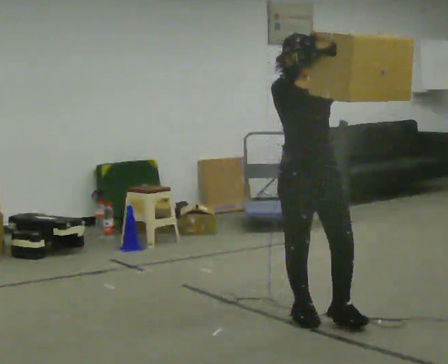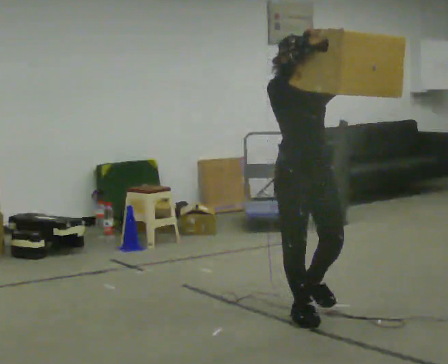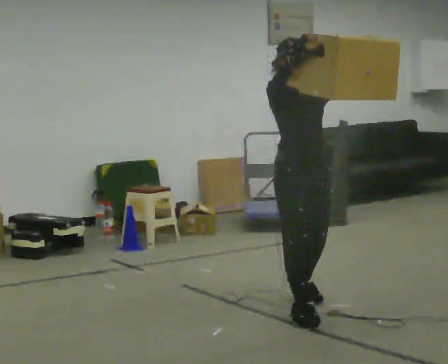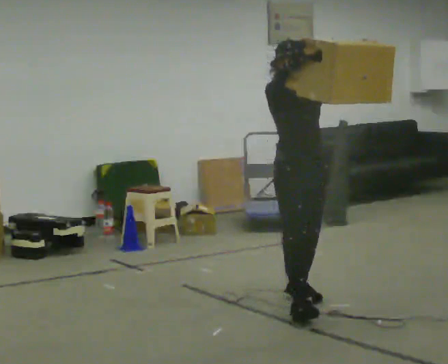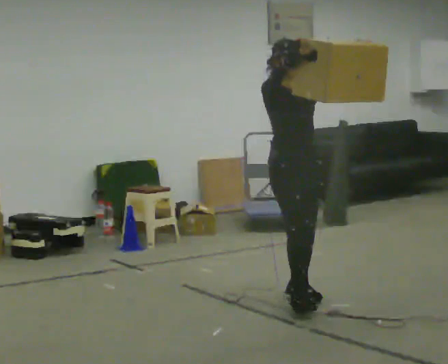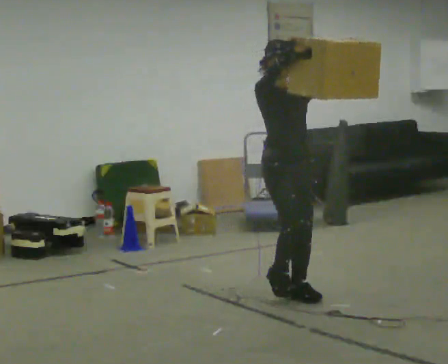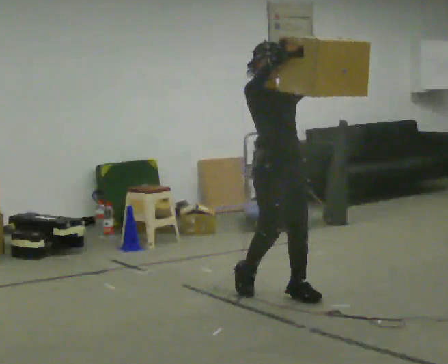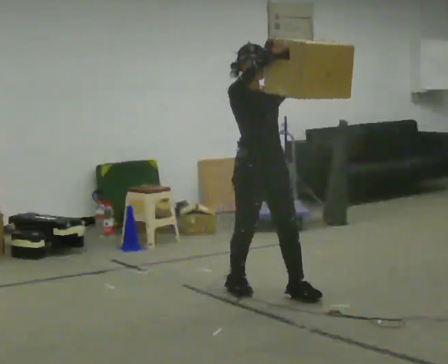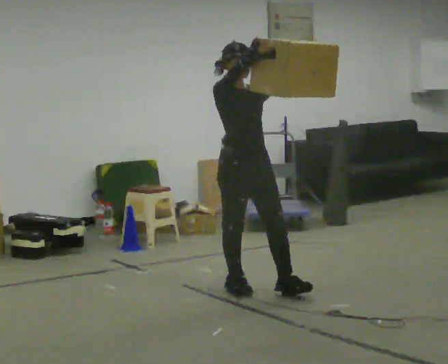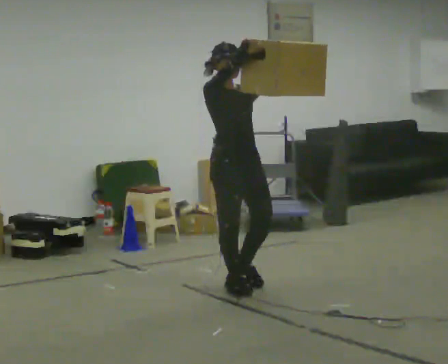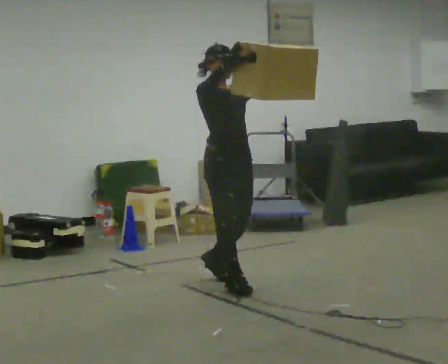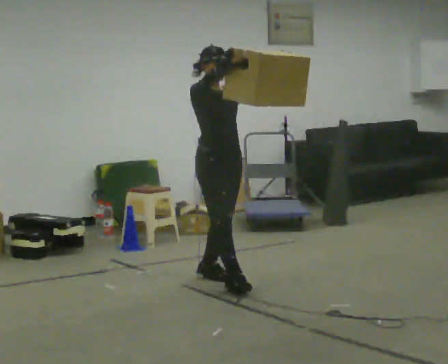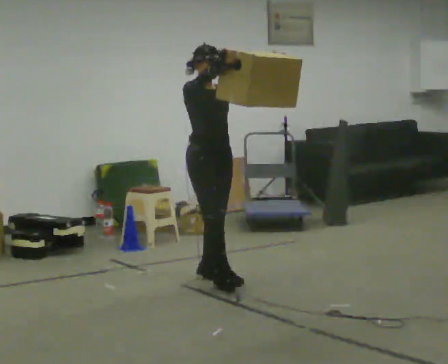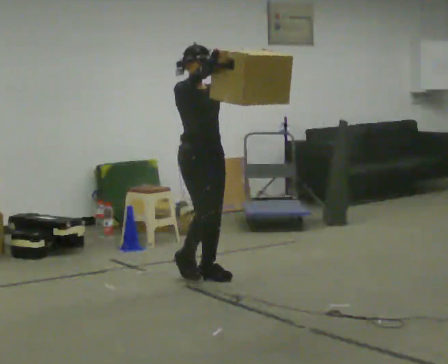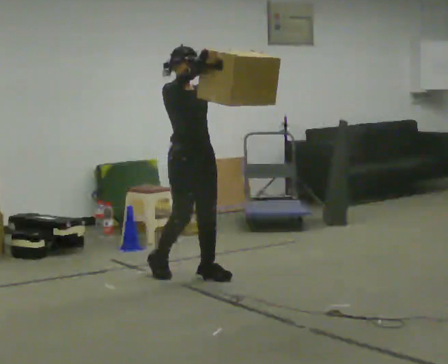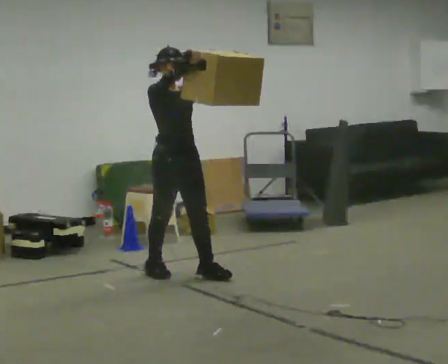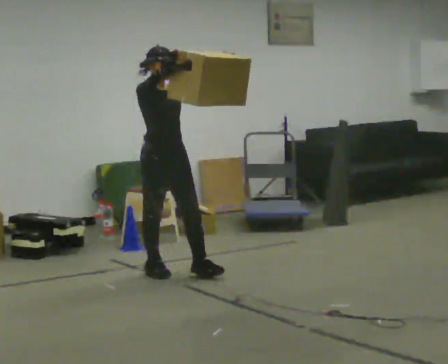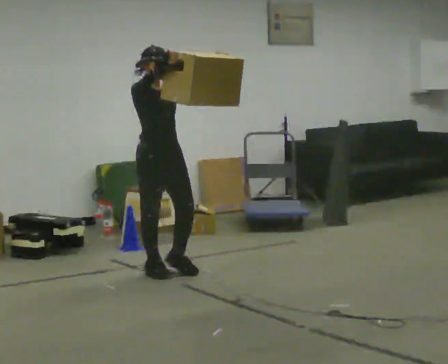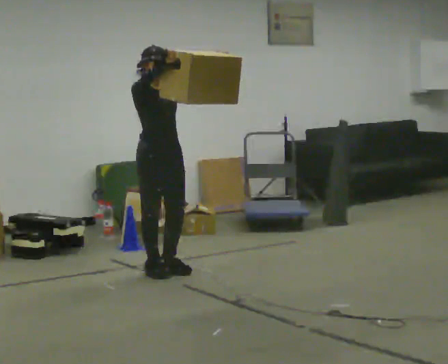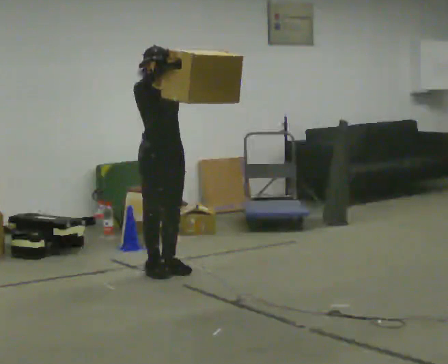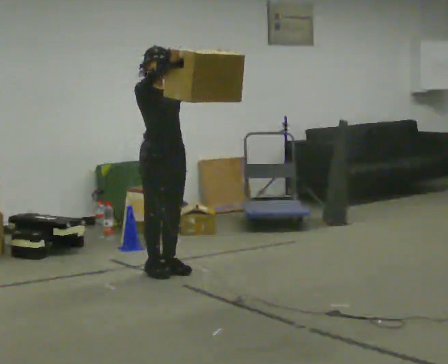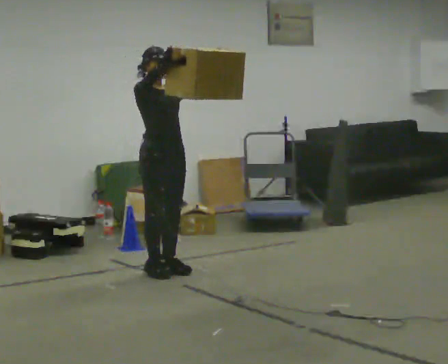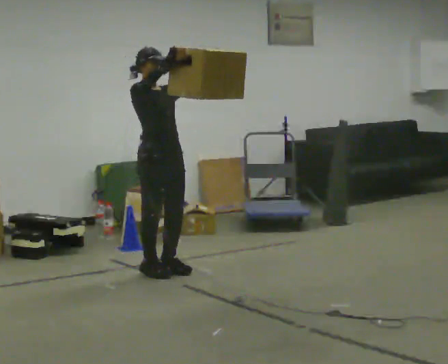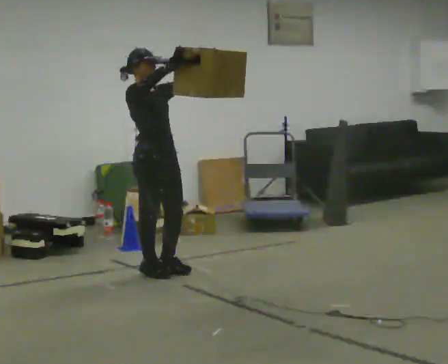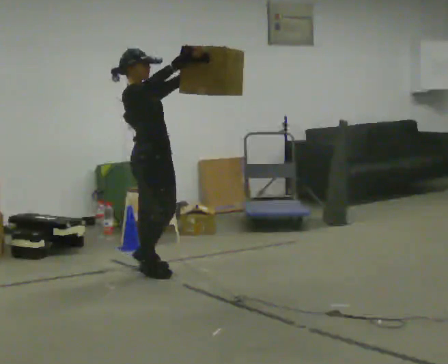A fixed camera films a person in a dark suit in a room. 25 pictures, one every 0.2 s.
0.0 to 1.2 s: In the picture they go away from the camera, about 0.5 m in 1 step, which for them is backward.
1.2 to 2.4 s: In the picture they go away from the camera and to the left, about 0.75 m in 2 steps, which for them is backward.
2.4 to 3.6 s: In the picture they go to the left and away from the camera, about 0.5 m in 1 step, which for them is backward and to their right.
3.6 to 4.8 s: The person turns about 30 degrees to their left, counterclockwise seen from above, so the part of the body nearest the lens slides to the right.
The film runs backward here.
